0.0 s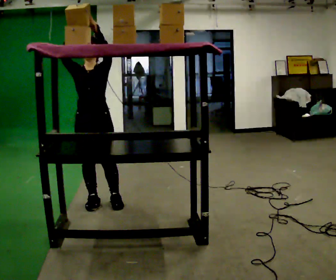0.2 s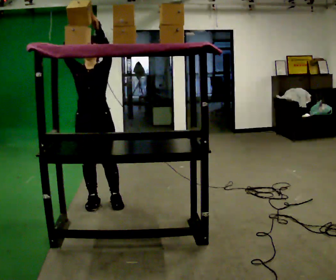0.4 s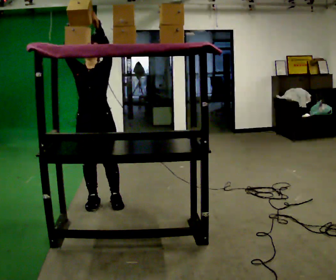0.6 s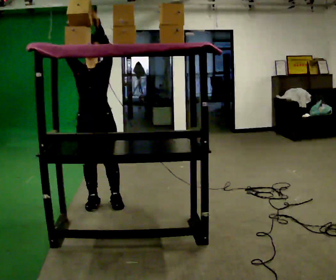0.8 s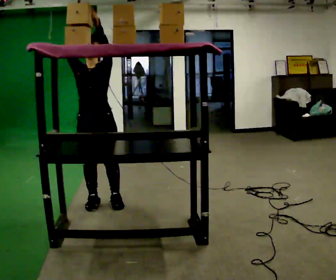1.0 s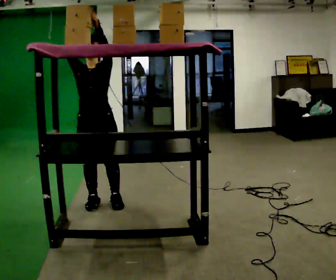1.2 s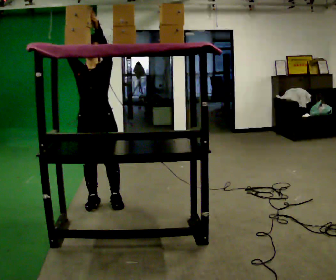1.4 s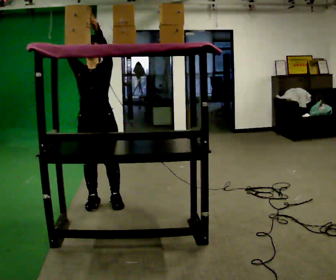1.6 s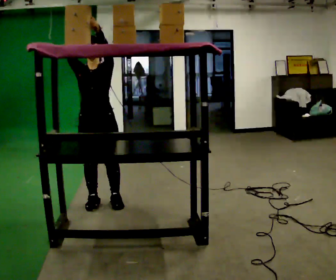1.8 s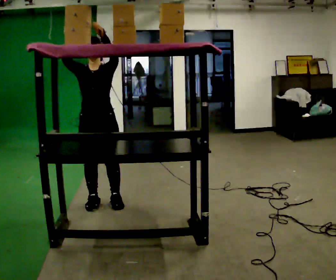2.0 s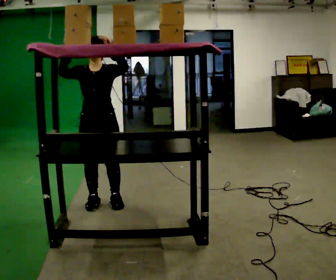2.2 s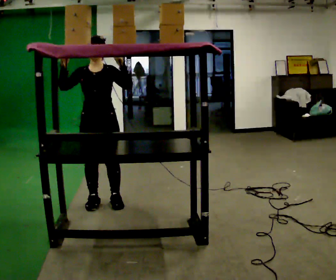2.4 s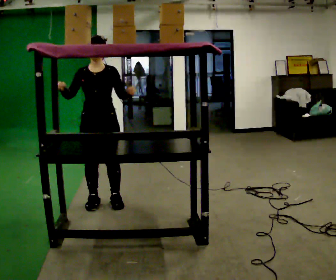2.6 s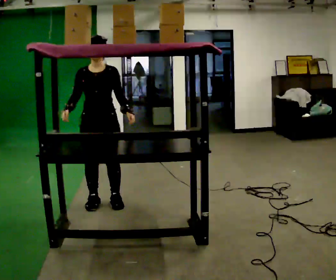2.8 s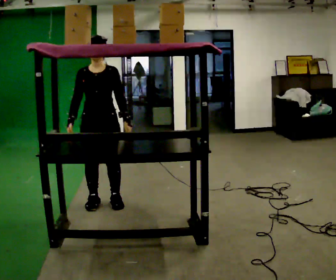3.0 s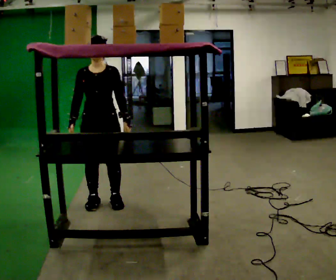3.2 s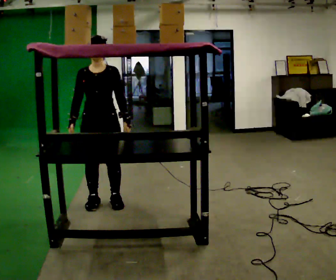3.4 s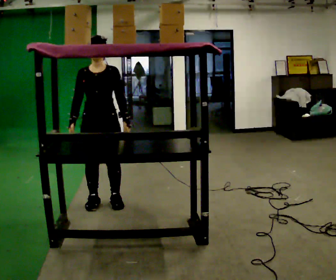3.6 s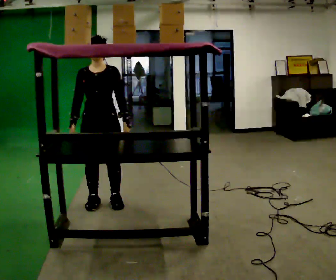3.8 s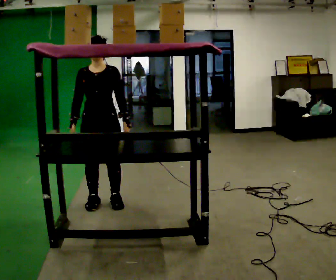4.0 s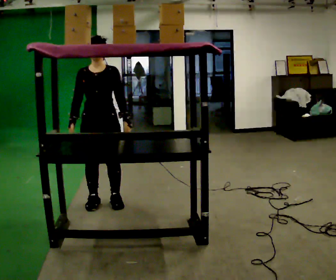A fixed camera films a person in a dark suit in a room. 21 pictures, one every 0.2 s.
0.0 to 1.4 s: The person moves a little, or ends about where they began.
1.4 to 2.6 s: In the picture their left hand goes downward.
2.6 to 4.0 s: The person moves a little, or ends about where they began.
The film runs forward here.
